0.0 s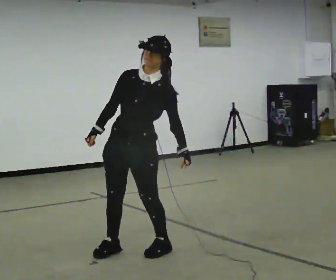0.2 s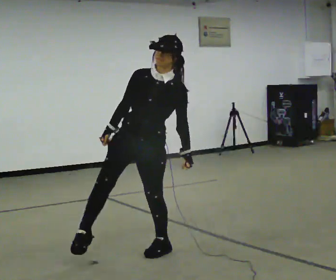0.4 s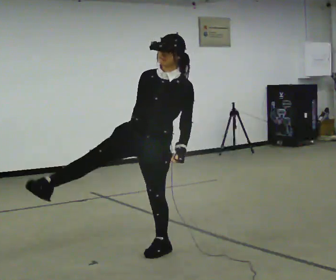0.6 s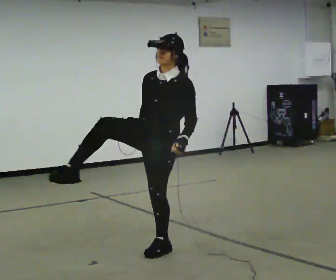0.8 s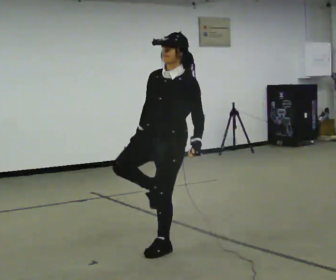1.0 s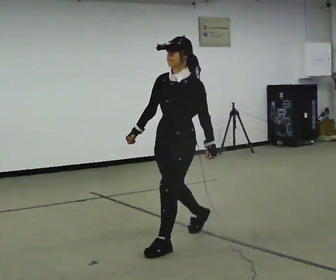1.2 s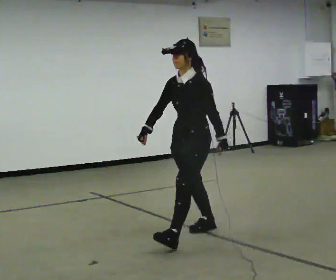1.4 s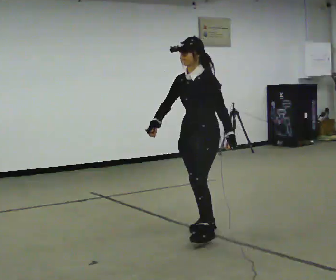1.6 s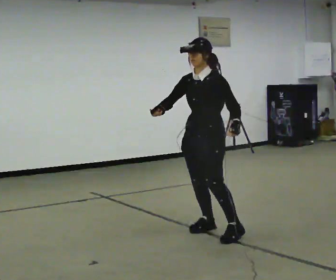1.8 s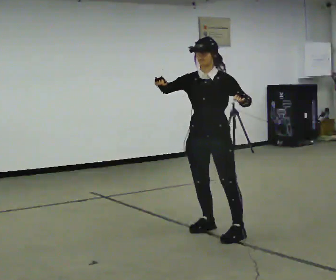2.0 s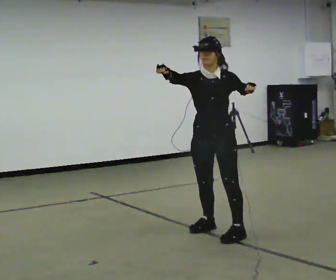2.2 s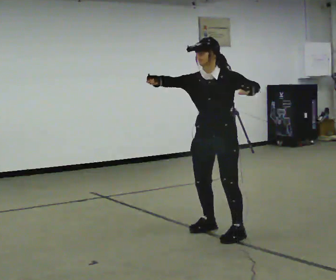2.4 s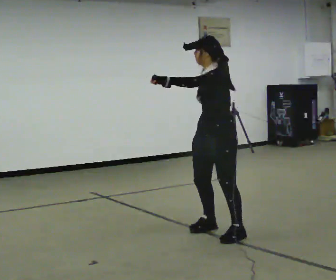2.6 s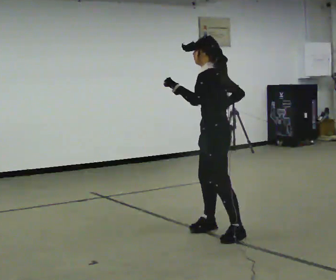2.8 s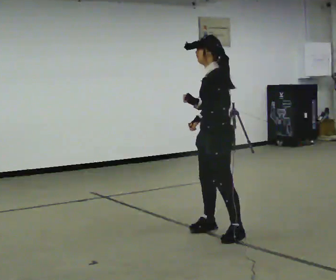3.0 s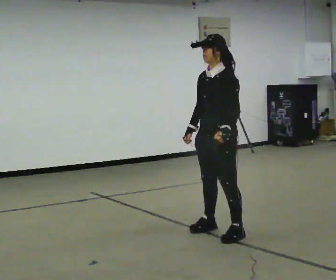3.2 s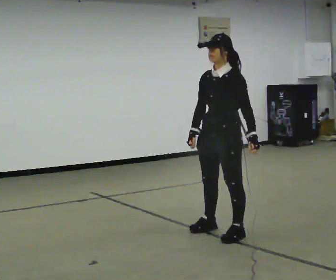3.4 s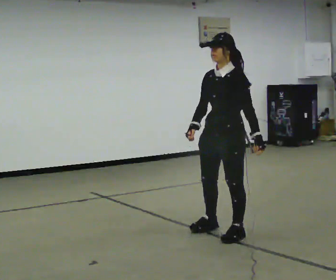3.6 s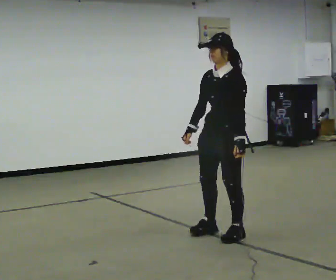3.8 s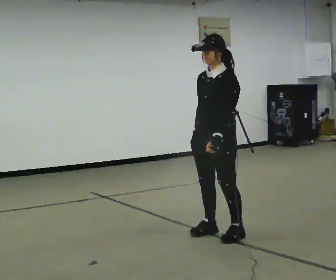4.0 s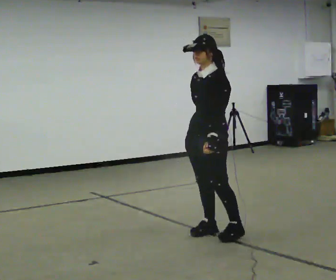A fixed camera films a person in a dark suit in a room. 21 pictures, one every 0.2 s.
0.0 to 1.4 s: The part of the body nearest the lens slides to the left as the person turns to their right by about 30 degrees. In the picture they go away from the camera and to the right, about 0.5 m in 2 steps, which for them is backward.
1.4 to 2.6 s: Seen from above the body turns clockwise, about 45 degrees: to their right, with its near side sliding to the left. In the picture their left hand goes to the left and upward.
2.6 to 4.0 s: Seen from above the body turns counterclockwise, about 45 degrees: to their left, with its near side sliding to the right. In the picture their left hand goes downward and to the right.
The film runs backward here.
